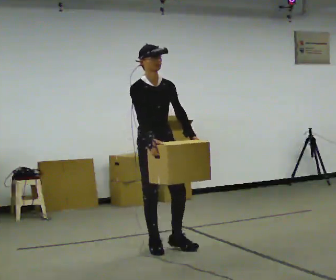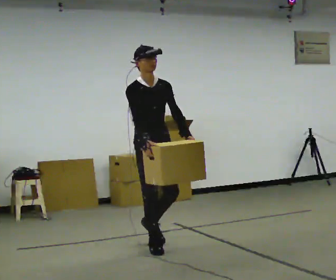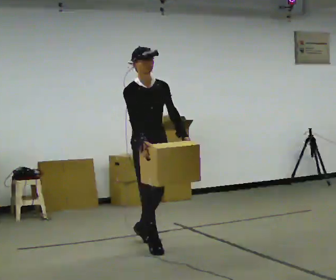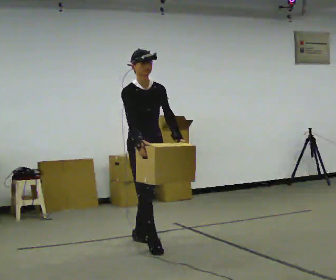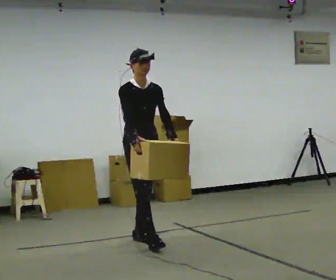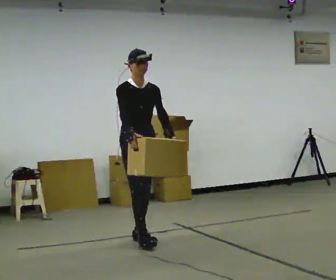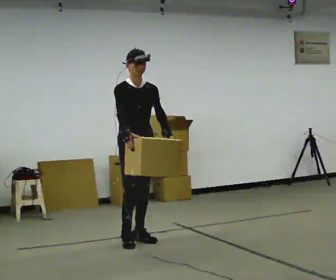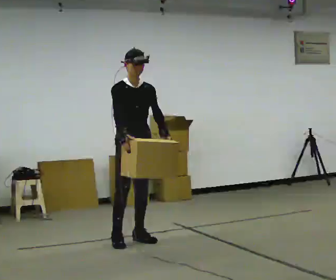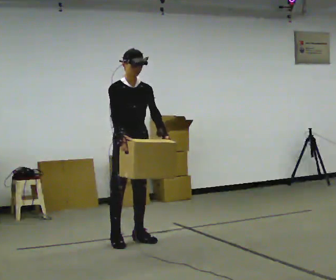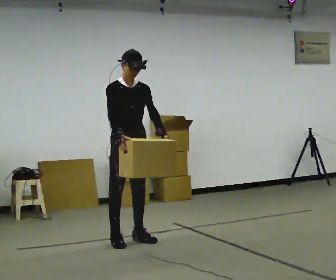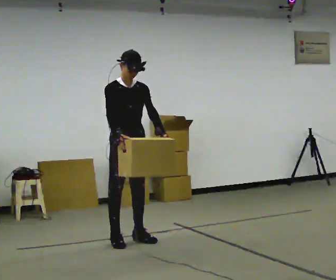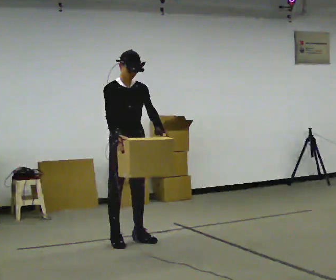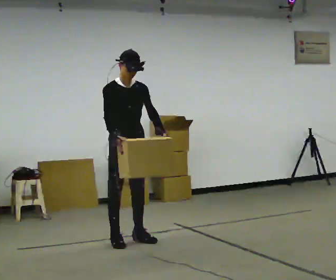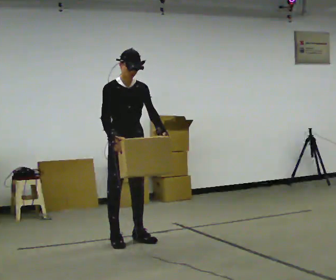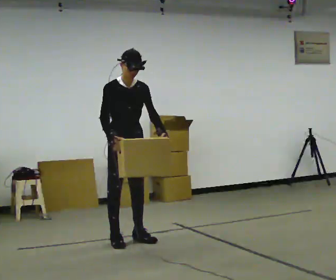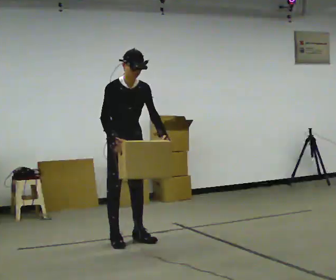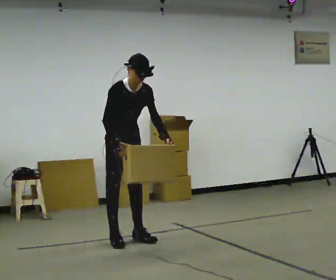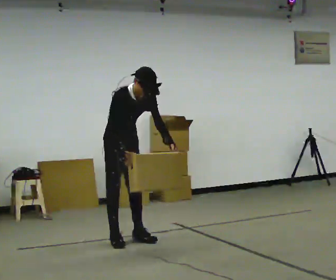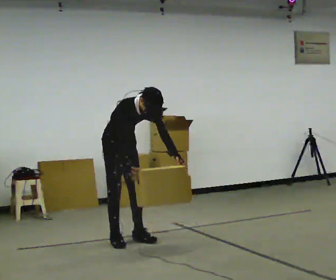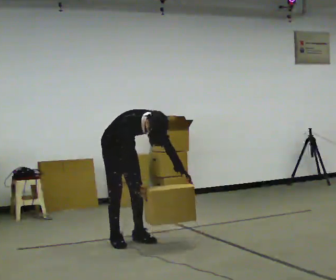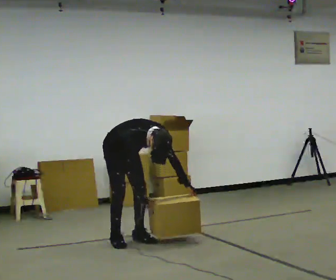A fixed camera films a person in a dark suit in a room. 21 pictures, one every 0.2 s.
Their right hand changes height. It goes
downward.
Their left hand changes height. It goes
downward.
0.0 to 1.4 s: In the picture they go away from the camera and to the left, about 0.5 m in 1 step, which for them is backward.
1.4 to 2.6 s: The person moves a little, or ends about where they began.
2.6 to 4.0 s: In the picture they go away from the camera, about 0.25 m, which for them is backward. The shoulders move downward. The upper body tips toward the camera, its near side rolling downward, as they bend forward. In the picture their right hand goes downward.
The film runs backward here.
